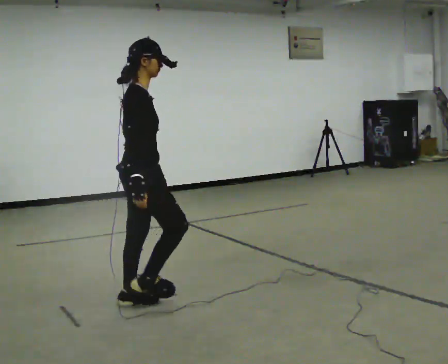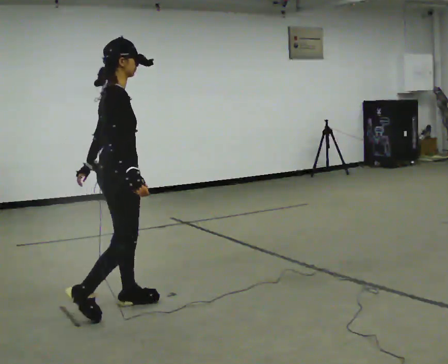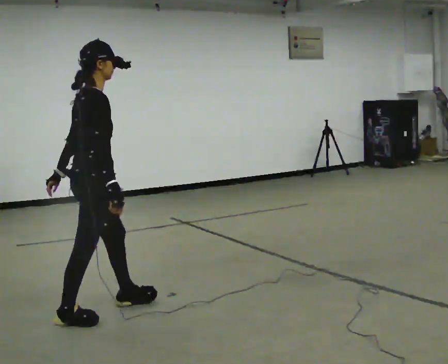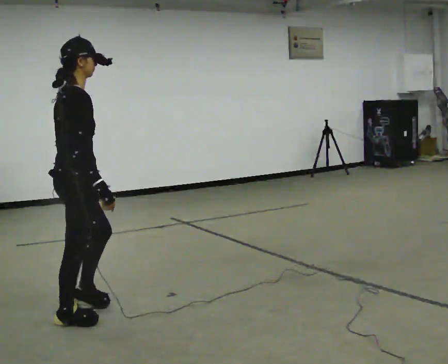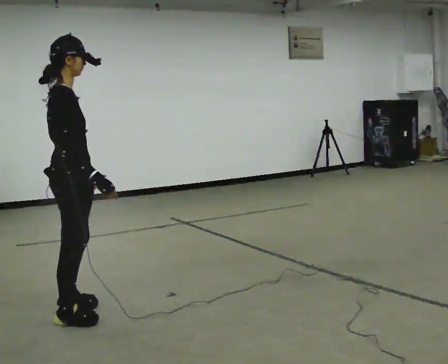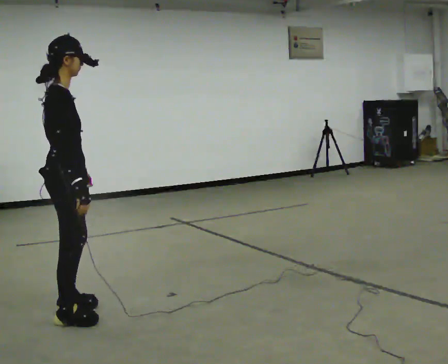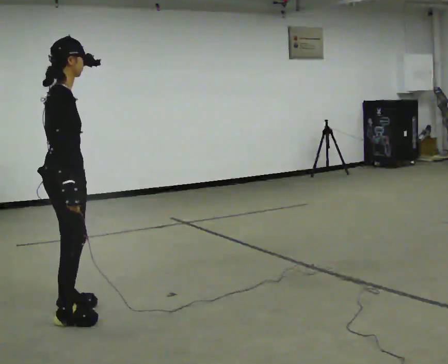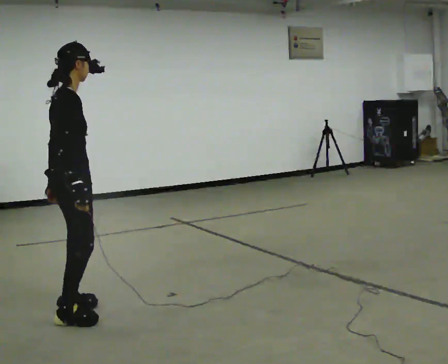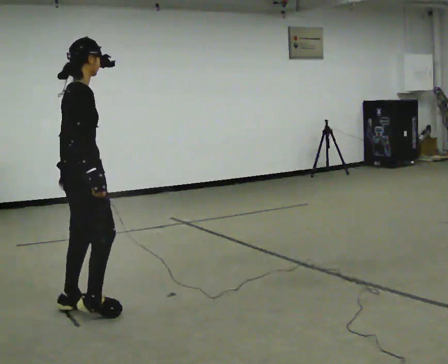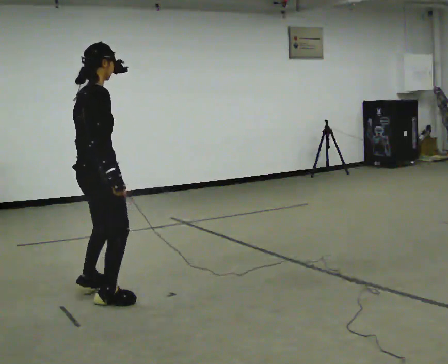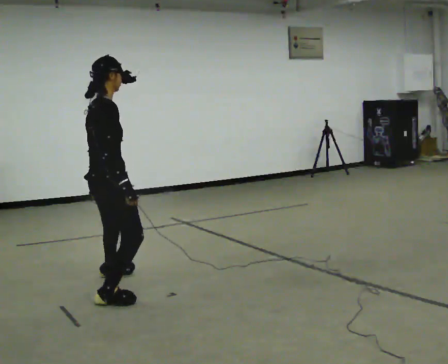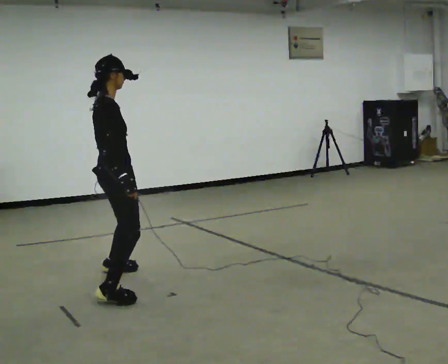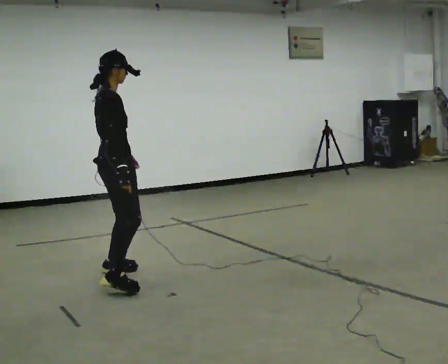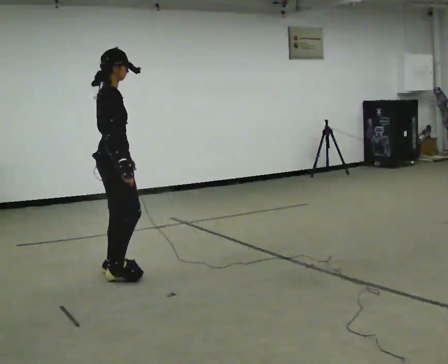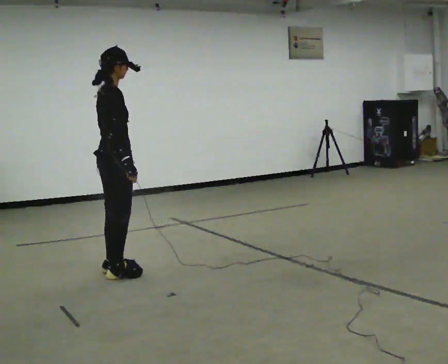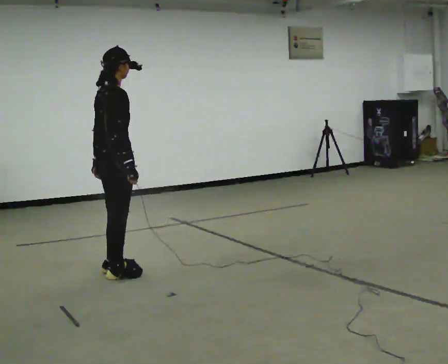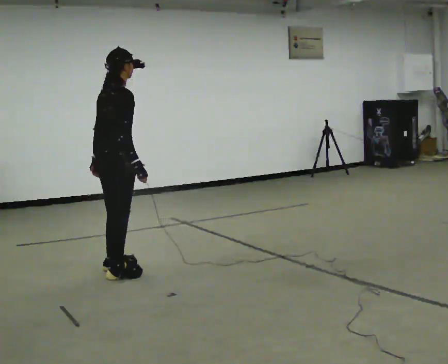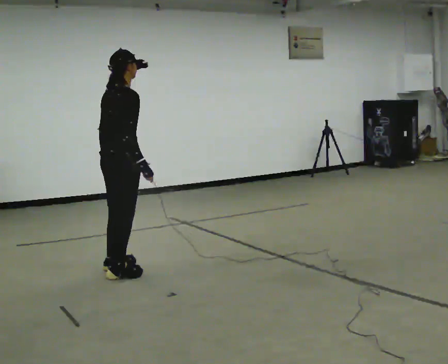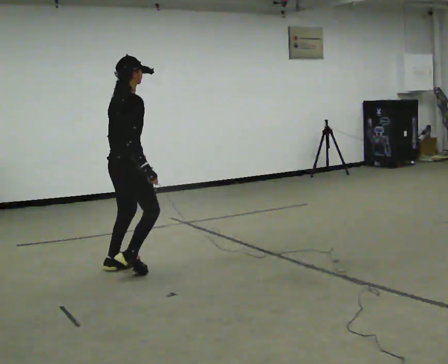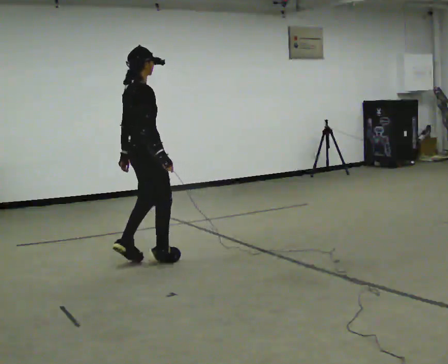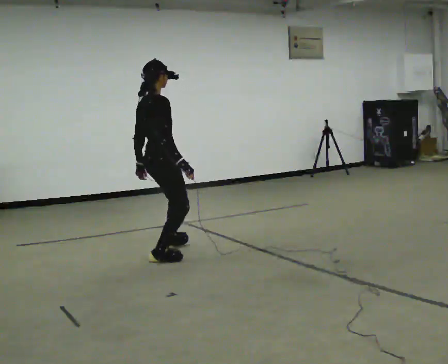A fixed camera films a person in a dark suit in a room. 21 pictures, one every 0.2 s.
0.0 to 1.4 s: In the picture they go to the left, about 0.5 m in 1 step, which for them is backward.
1.4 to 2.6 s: In the picture they go away from the camera, about 1 m in 3 steps, which for them is to their left and forward.
2.6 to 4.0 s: In the picture they go away from the camera and to the right, about 0.5 m in 2 steps, which for them is forward and to their left.
The film runs backward here.
